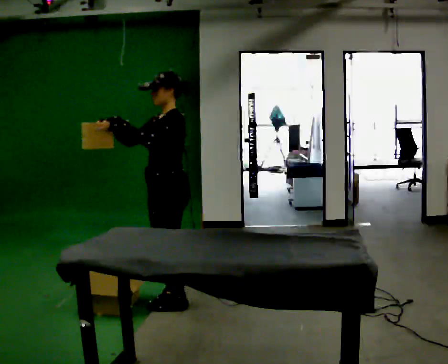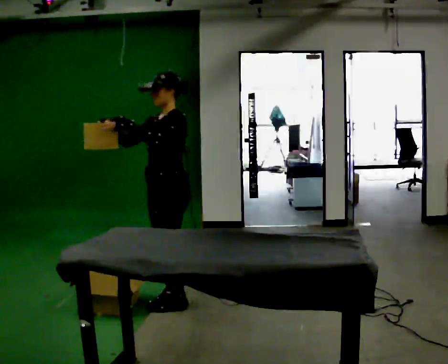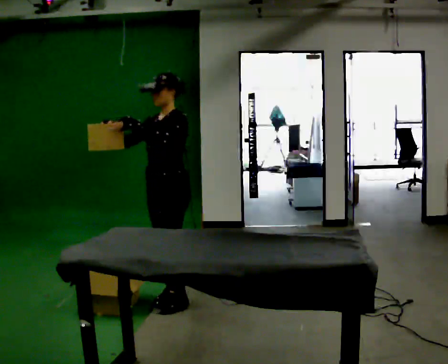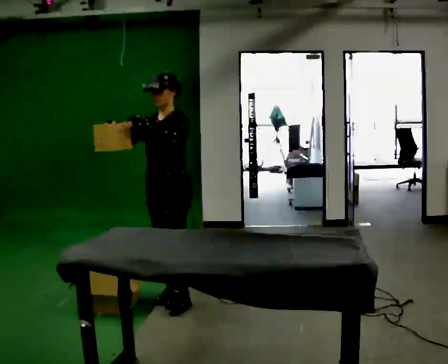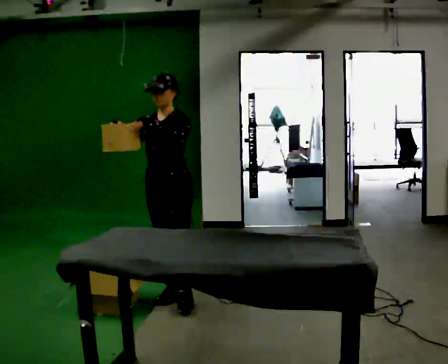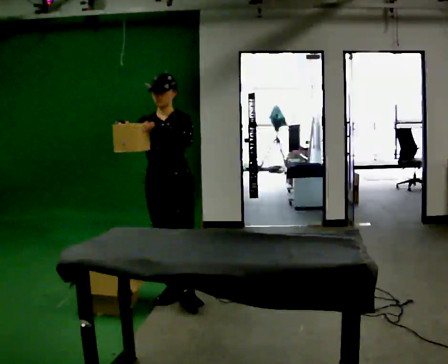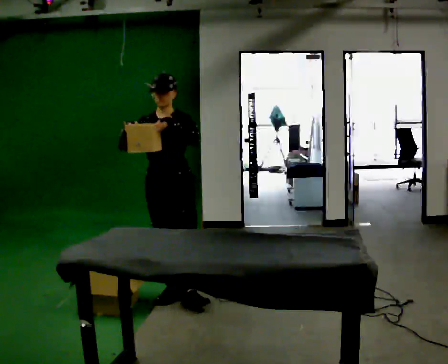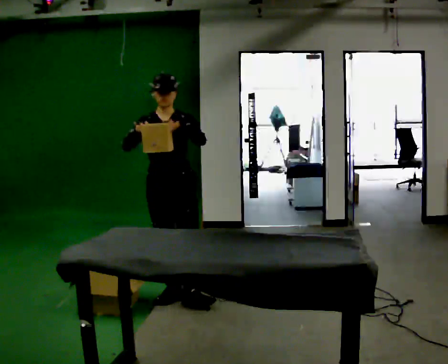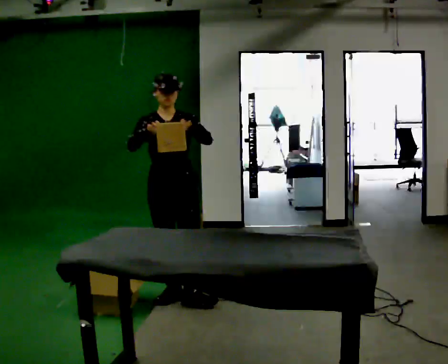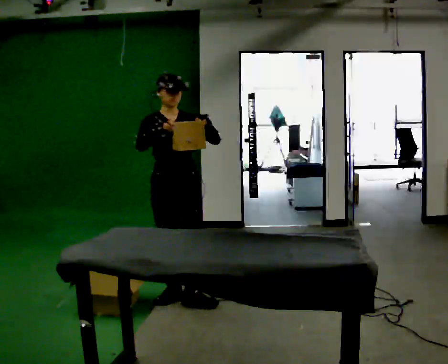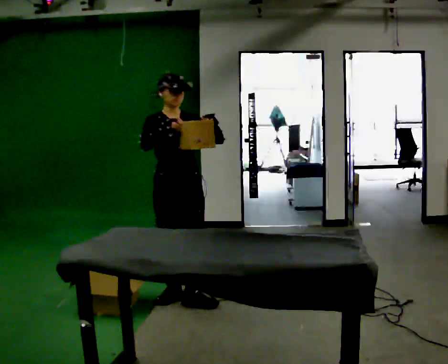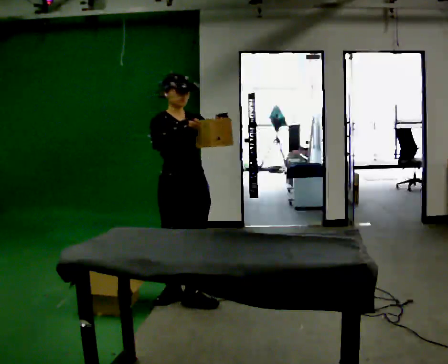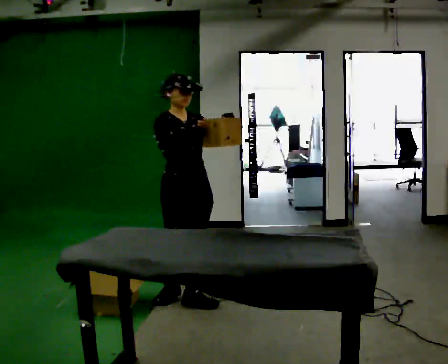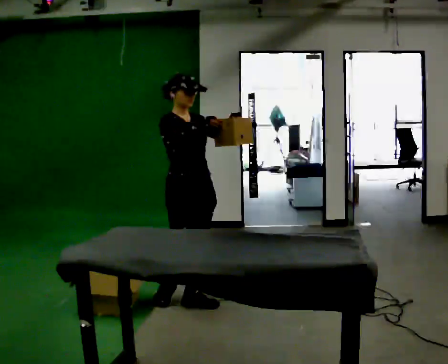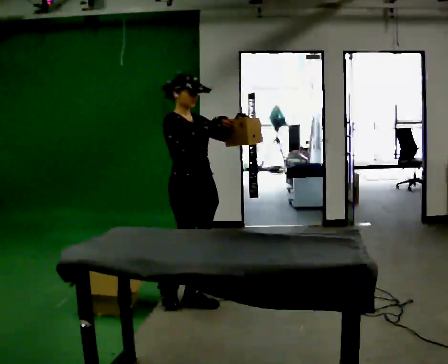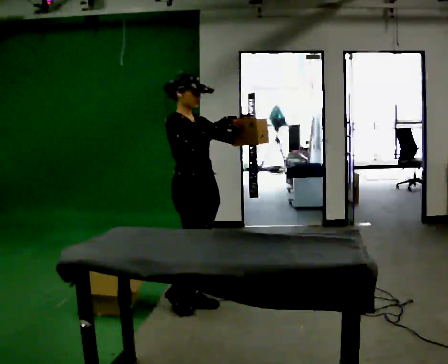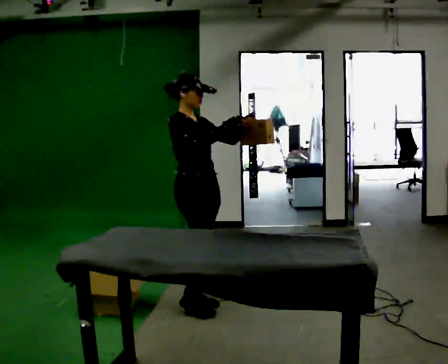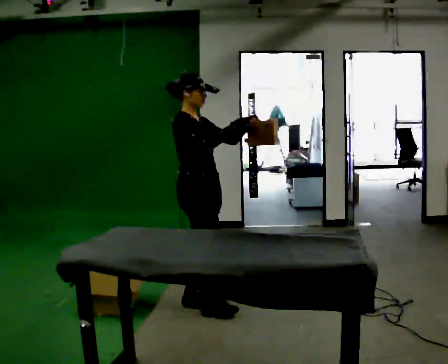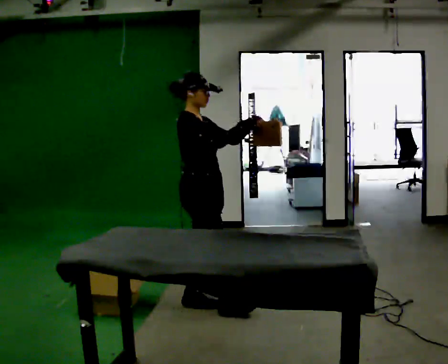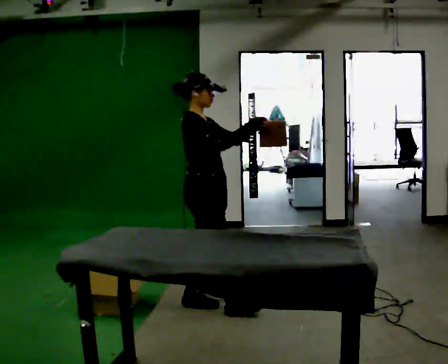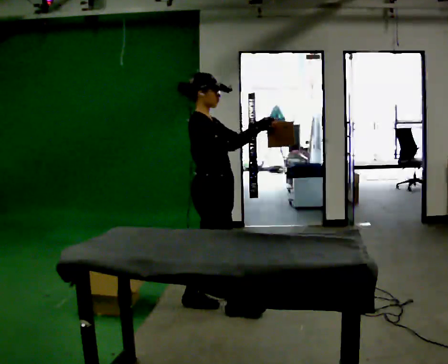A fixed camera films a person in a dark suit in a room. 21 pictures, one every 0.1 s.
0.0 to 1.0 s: The person turns about 75 degrees to their left, counterclockwise seen from above, so the part of the body nearest the lens slides to the right. In the picture their right hand goes to the right.
1.0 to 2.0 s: Seen from above the body turns counterclockwise, about 60 degrees: to their left, with its near side sliding to the right. In the picture they go to the right and toward the camera, about 0.25 m in 1 step, which for them is forward.
The film runs forward here.
